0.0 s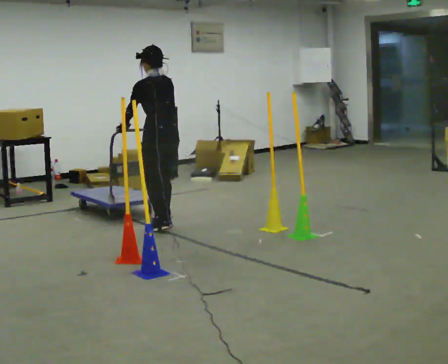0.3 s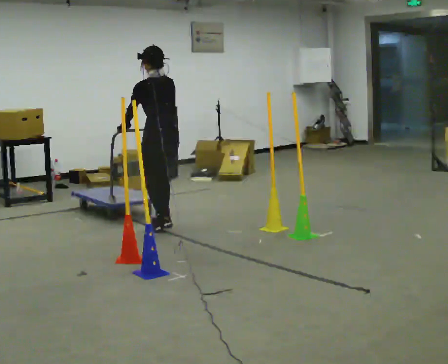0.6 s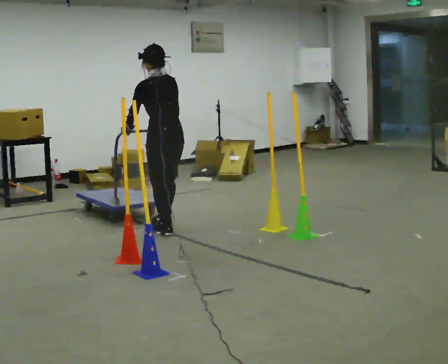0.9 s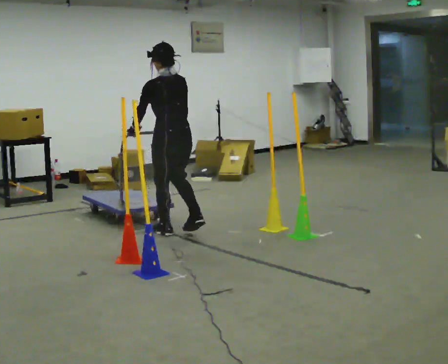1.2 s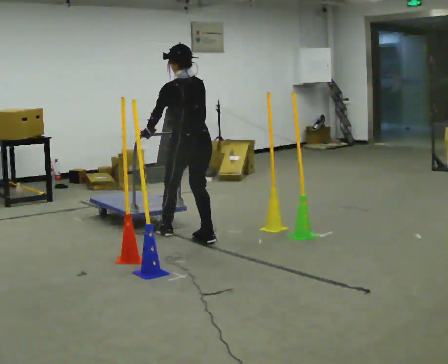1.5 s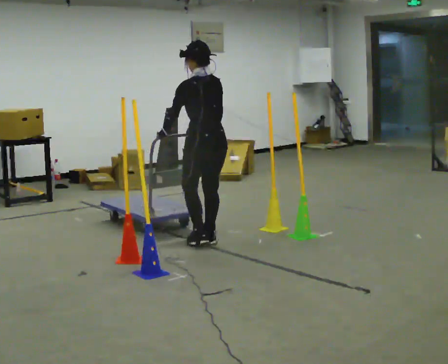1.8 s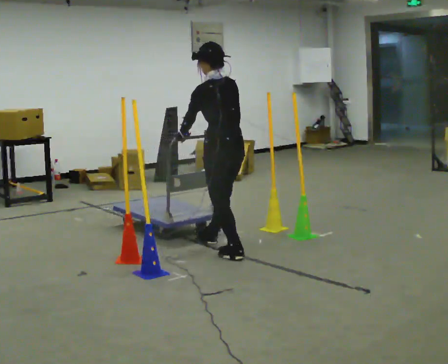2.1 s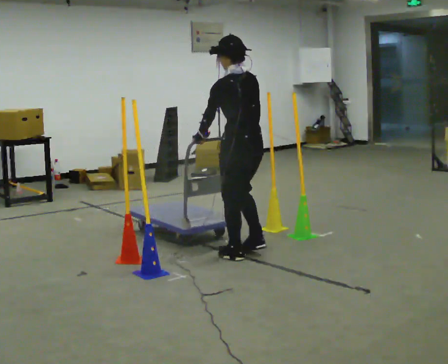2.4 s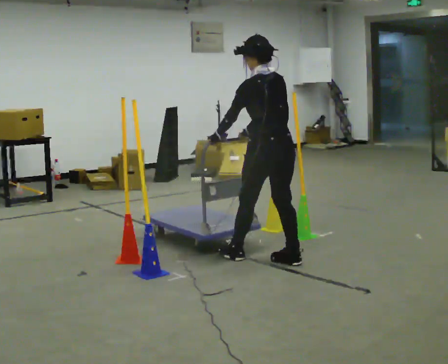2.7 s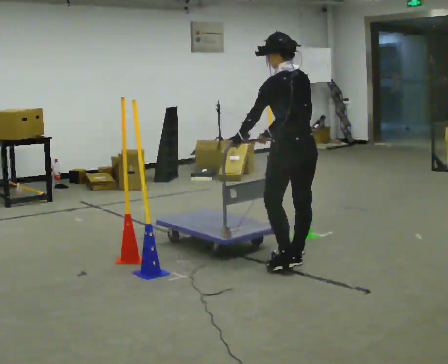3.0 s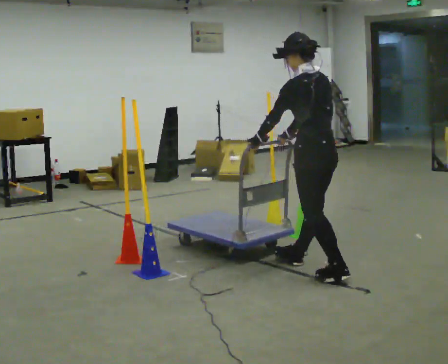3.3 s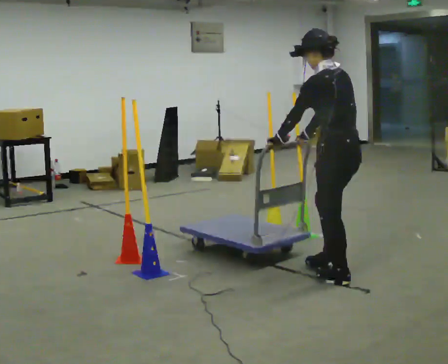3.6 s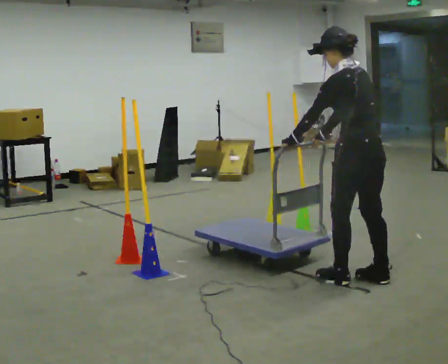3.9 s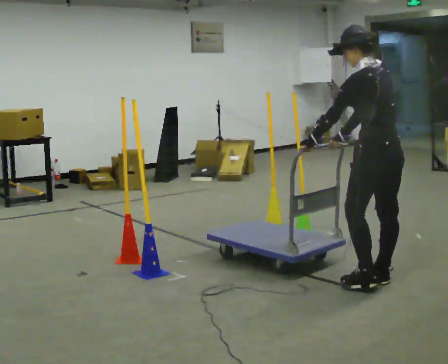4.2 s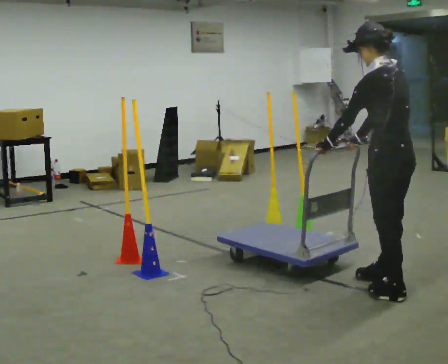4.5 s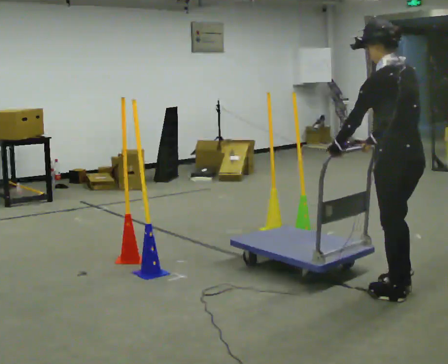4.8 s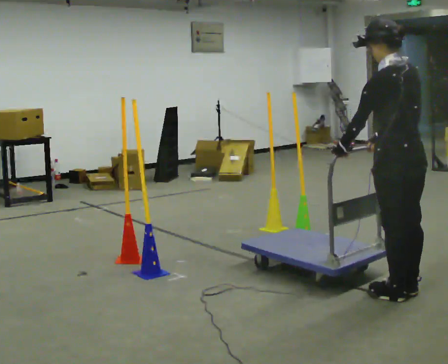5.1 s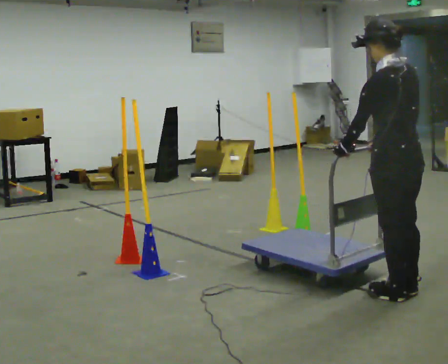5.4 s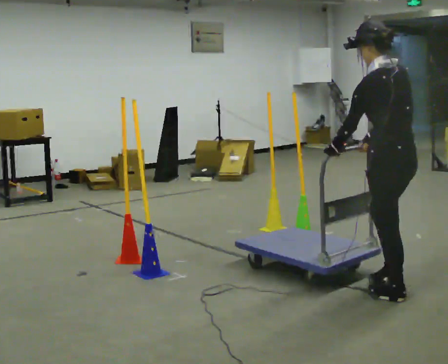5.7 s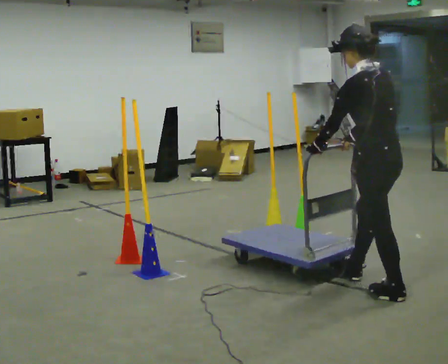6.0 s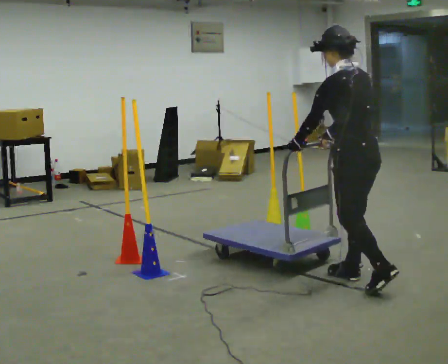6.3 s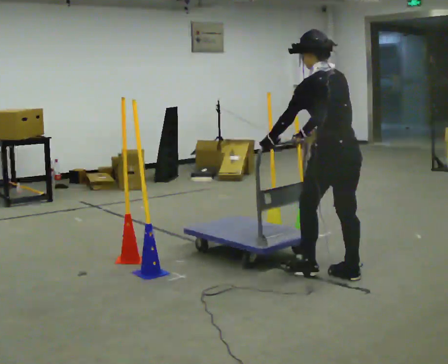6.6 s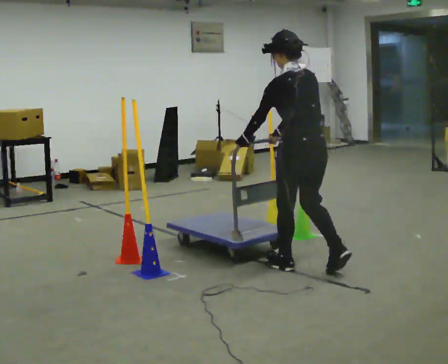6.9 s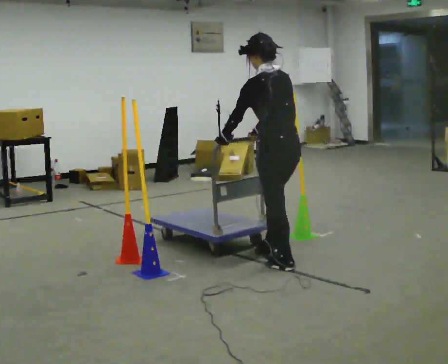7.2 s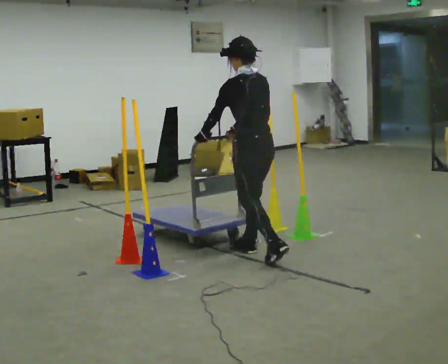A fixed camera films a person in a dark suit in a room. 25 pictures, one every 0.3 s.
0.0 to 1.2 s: In the picture they go to the right and toward the camera, about 0.5 m in 1 step, which for them is backward.
1.2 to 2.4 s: In the picture they go to the right and toward the camera, about 1 m in 2 steps, which for them is backward.
2.4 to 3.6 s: In the picture they go to the right and toward the camera, about 0.5 m in 2 steps, which for them is backward.
3.6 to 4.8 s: In the picture they go toward the camera and to the right, about 0.25 m in 2 steps, which for them is backward.
4.8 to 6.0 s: In the picture they go away from the camera and to the left, about 0.25 m in 1 step, which for them is forward.
6.0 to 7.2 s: In the picture they go to the left and away from the camera, about 1 m in 2 steps, which for them is forward.
The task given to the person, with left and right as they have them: Push the cart in and out of the line of poles without touching any of them. Keep going until the operator says stop.
The film runs forward here.
